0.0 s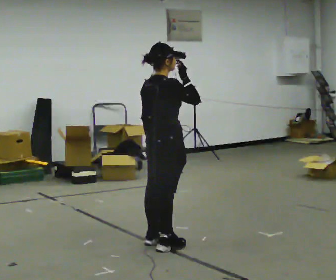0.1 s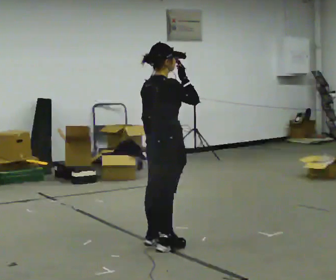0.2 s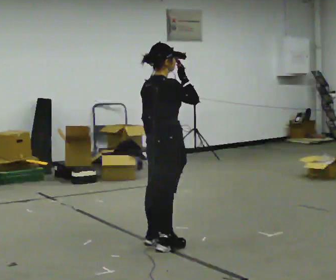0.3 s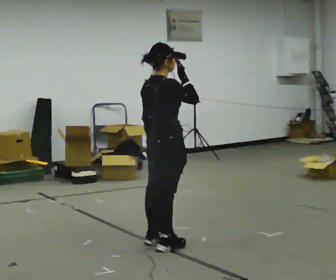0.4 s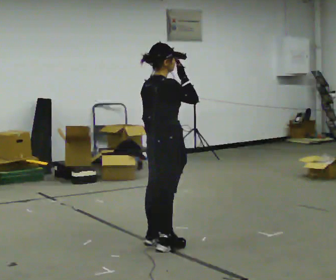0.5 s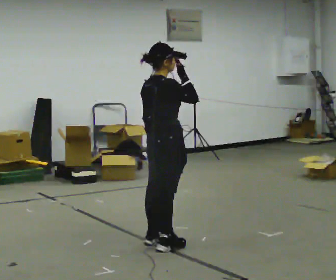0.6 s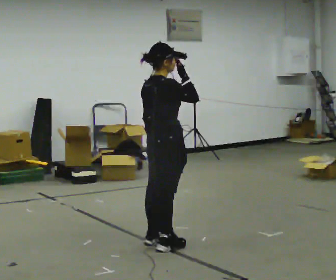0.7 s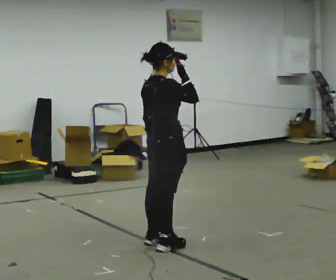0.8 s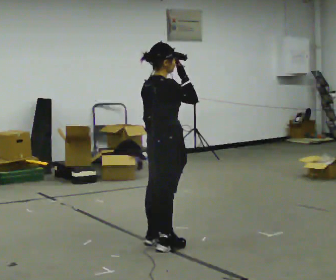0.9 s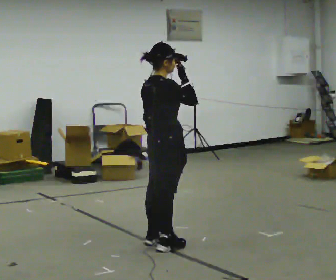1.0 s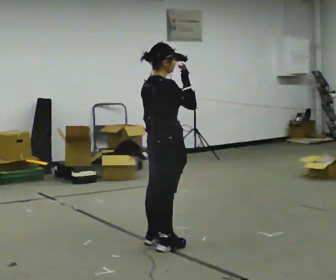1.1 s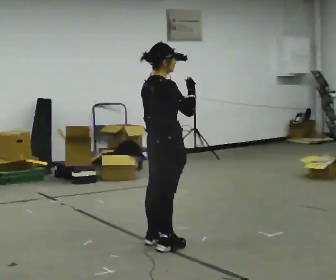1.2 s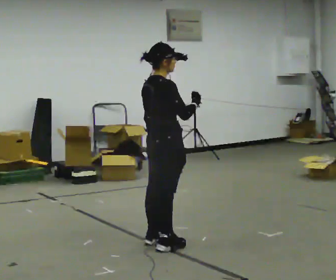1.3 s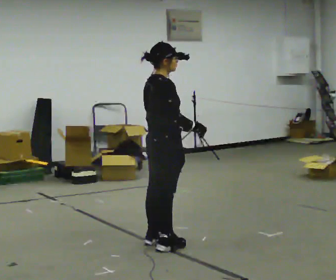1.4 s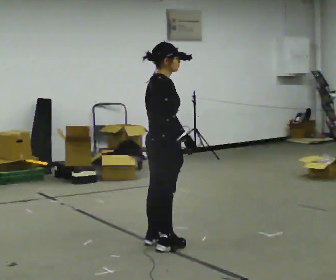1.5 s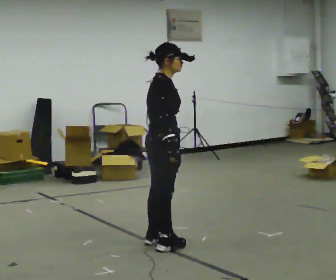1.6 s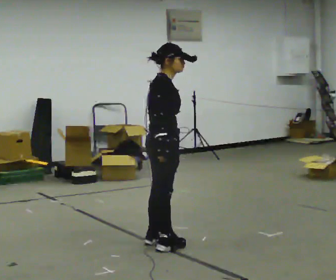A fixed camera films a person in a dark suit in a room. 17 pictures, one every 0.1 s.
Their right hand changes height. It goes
downward.
0.0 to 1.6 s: The person turns about 30 degrees to their right, clockwise seen from above, so the part of the body nearest the lens slides to the left. In the picture their right hand goes downward.
The film runs forward here.
